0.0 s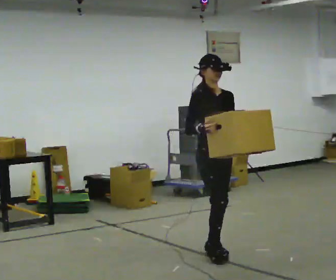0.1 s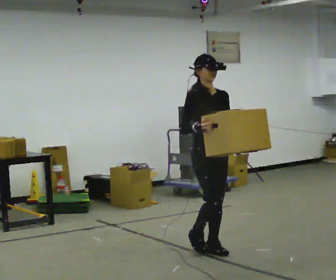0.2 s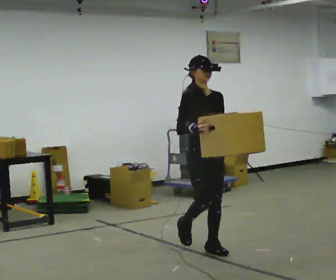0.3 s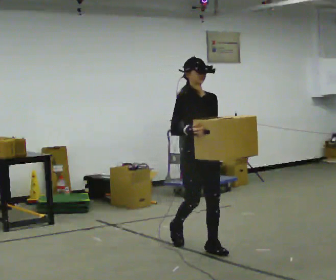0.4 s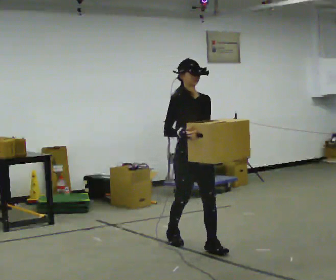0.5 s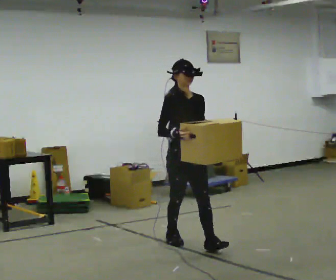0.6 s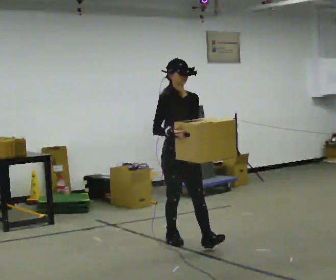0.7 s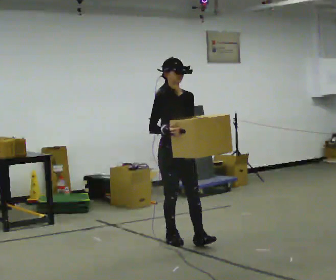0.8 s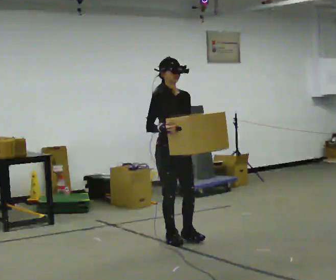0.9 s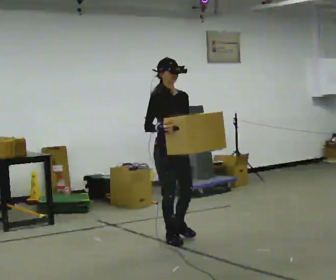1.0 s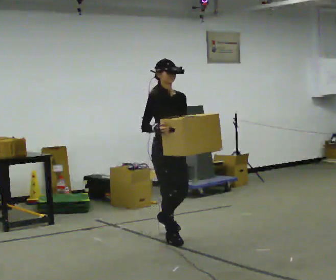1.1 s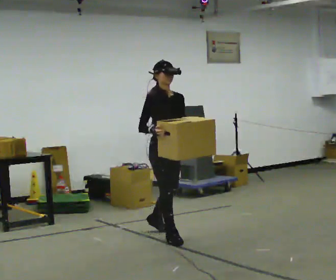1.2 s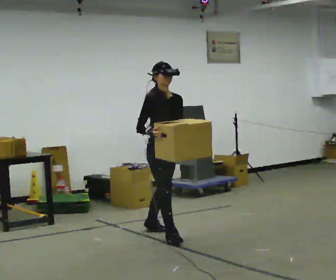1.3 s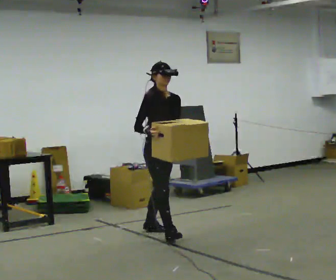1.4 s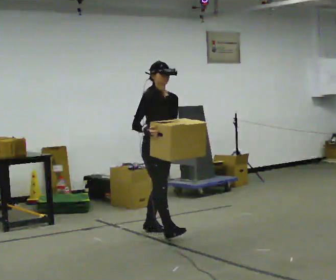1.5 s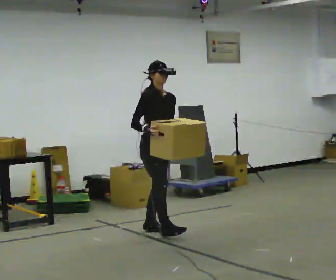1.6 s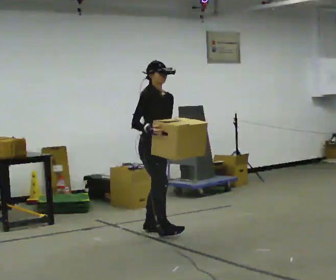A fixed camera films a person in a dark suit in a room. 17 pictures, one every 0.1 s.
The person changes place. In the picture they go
away from the camera.
0.0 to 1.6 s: In the picture they go away from the camera and to the left, about 1 m in 2 steps, which for them is backward.
The film runs backward here.
